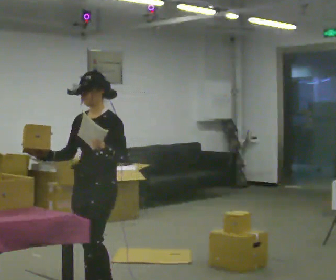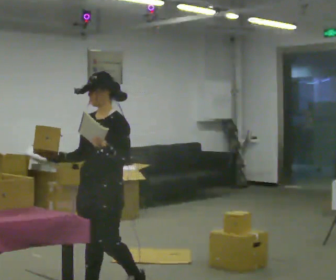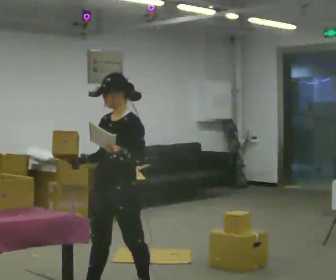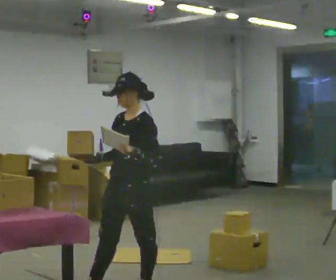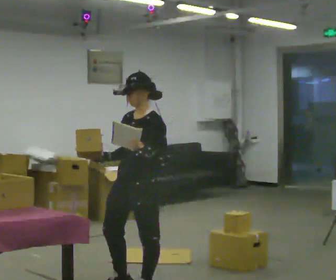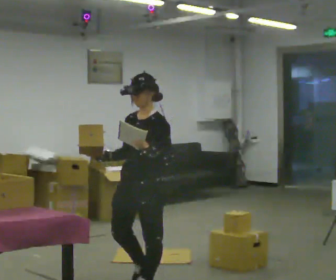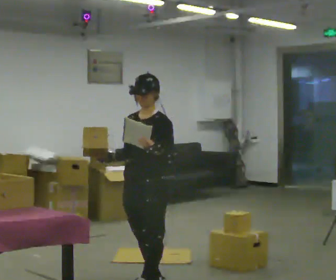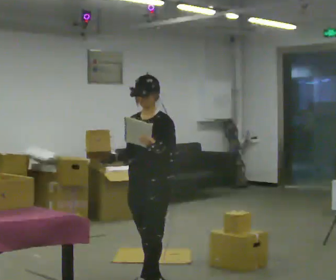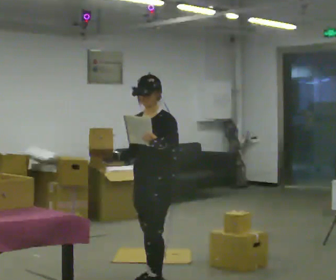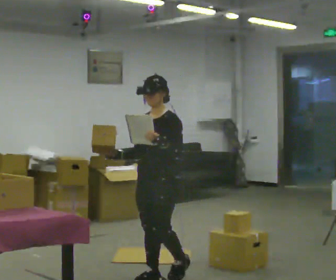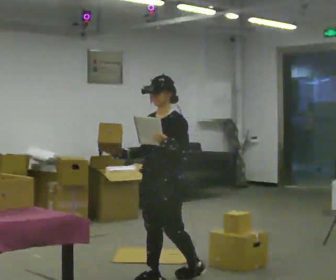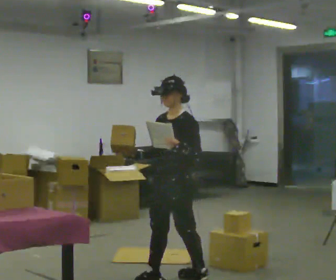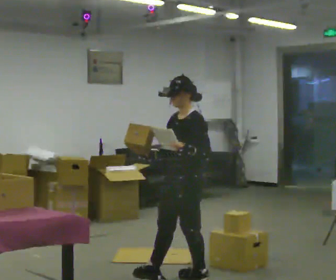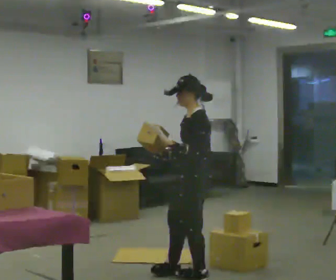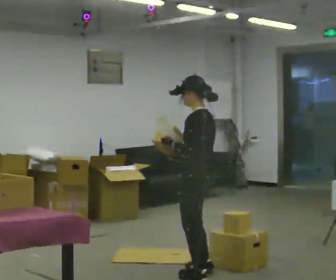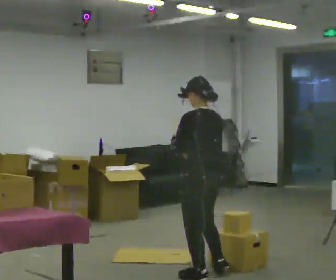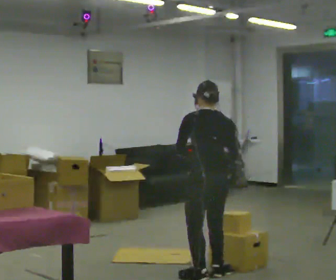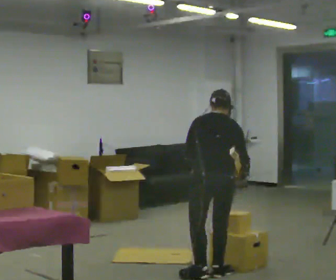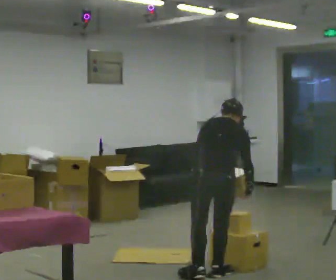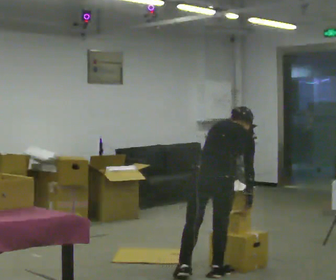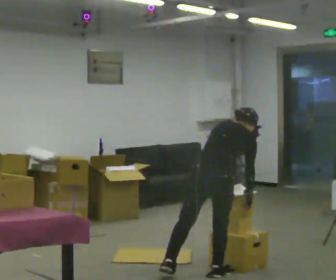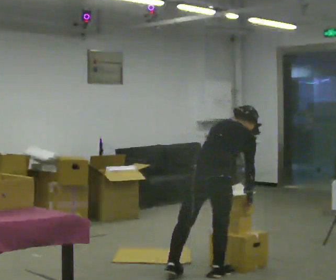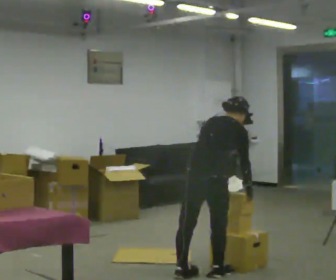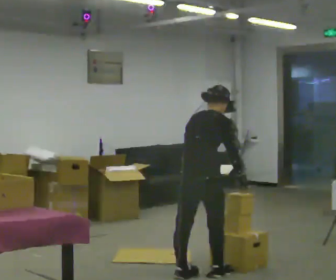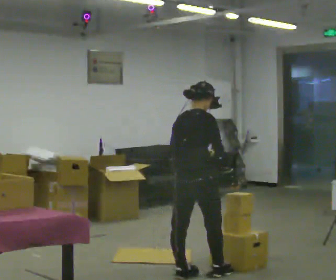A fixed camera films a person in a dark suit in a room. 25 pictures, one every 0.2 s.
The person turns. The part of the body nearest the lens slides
to the left.
The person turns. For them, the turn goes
to their right.
0.0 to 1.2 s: In the picture they go to the right and away from the camera, about 0.5 m in 1 step, which for them is backward.
1.2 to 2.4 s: In the picture they go away from the camera and to the right, about 0.5 m in 1 step, which for them is backward.
2.4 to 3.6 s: The person turns about 120 degrees to their right, clockwise seen from above, so the part of the body nearest the lens slides to the left. In the picture they go to the right, about 0.25 m in 2 steps. The upper body tips away from the camera, its near side rolling upward, as they bend forward. In the picture their right hand goes to the right, the arm swinging counterclockwise.
3.6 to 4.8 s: The part of the body nearest the lens slides to the left as the person turns to their right by about 30 degrees. In the picture they go to the left, about 0.25 m, which for them is to their left.
The film runs backward here.
